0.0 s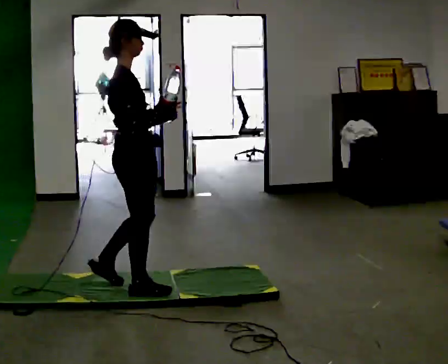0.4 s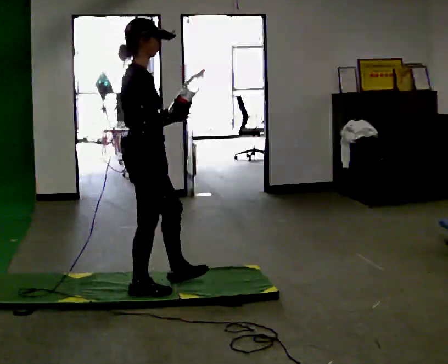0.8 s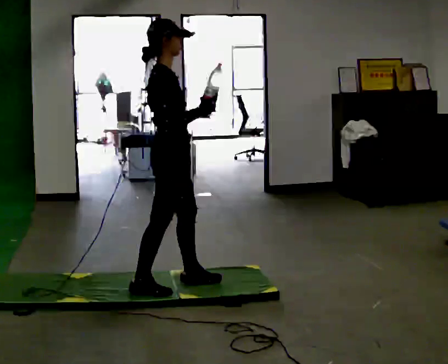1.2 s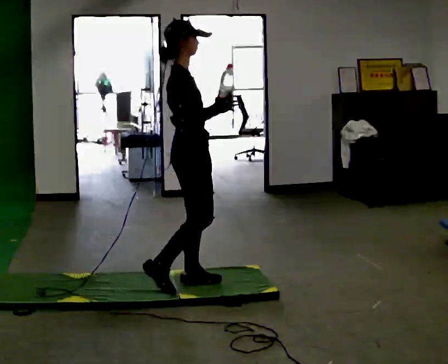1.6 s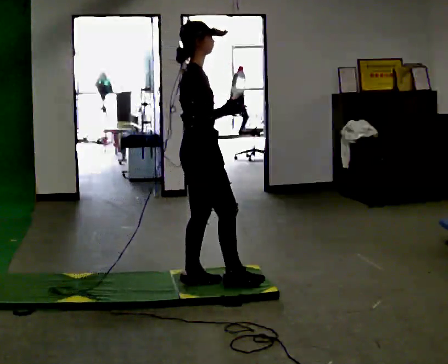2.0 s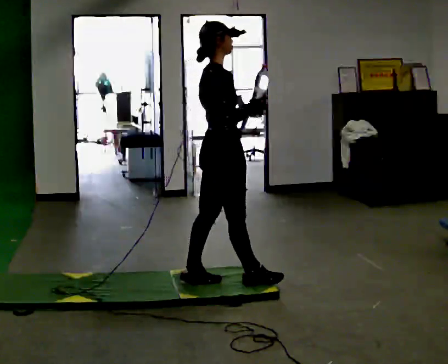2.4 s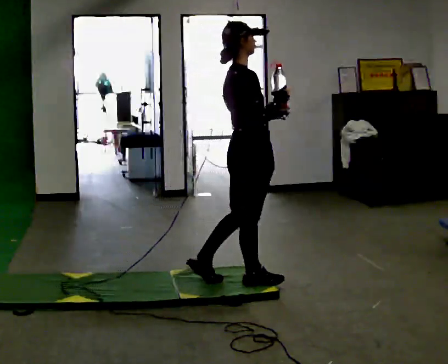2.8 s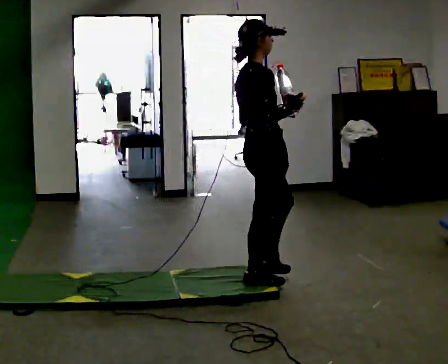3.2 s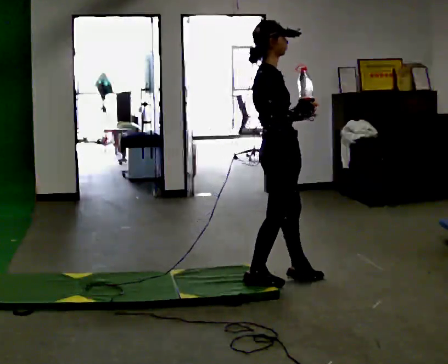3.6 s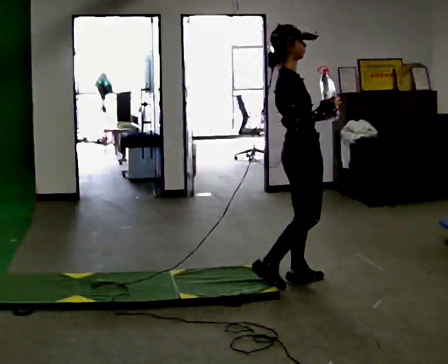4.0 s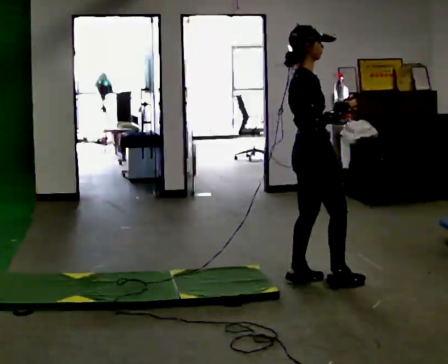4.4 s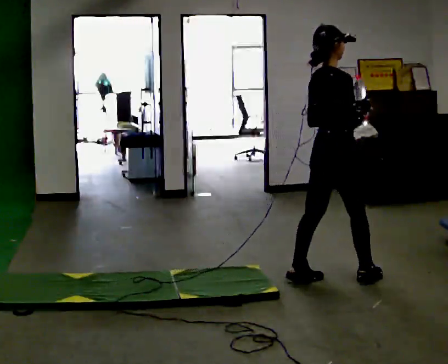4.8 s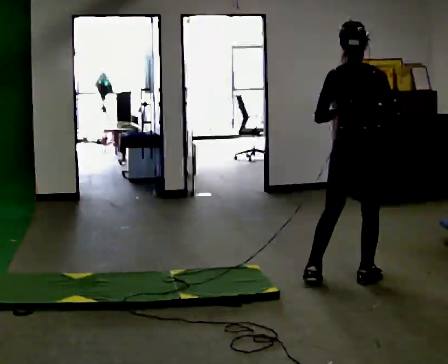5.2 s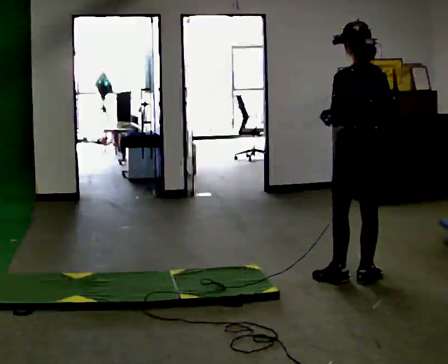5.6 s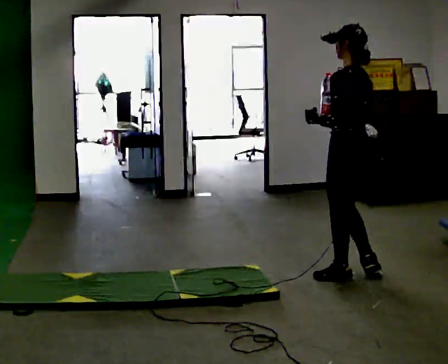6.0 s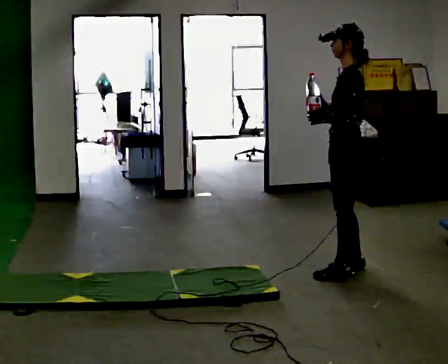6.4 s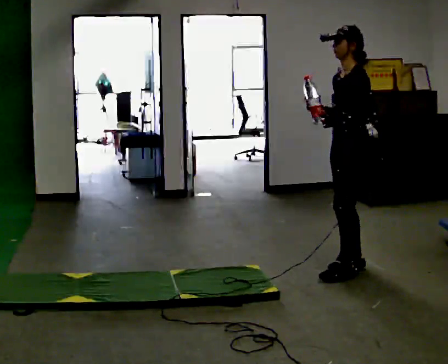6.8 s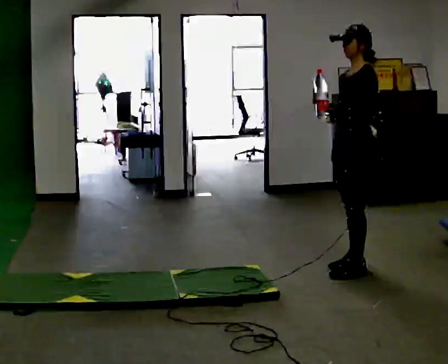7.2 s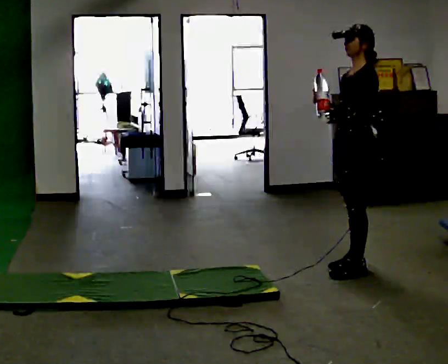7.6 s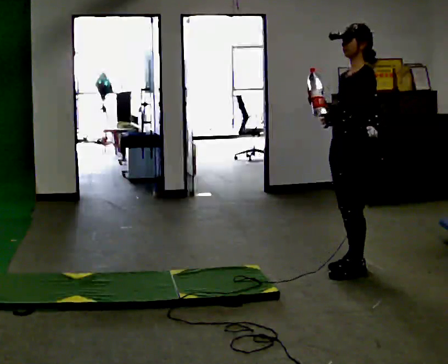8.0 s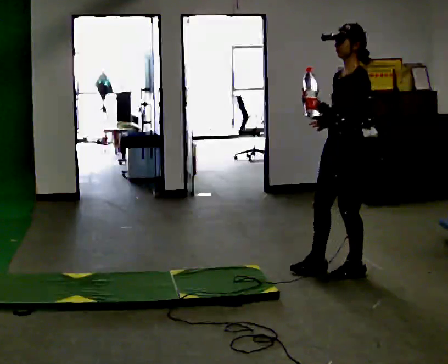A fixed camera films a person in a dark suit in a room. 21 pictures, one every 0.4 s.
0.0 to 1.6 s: In the picture they go to the right and away from the camera, about 0.5 m in 1 step, which for them is forward and to their left.
1.6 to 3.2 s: In the picture they go to the right, about 0.5 m in 2 steps, which for them is forward.
3.2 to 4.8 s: Seen from above the body turns counterclockwise, about 75 degrees: to their left, with its near side sliding to the right. In the picture they go to the right, about 0.5 m in 1 step.
4.8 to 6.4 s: The part of the body nearest the lens slides to the right as the person turns to their left by about 120 degrees. In the picture they go away from the camera, about 0.25 m in 2 steps.
6.4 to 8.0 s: The person moves a little, or ends about where they began.
The film runs forward here.
